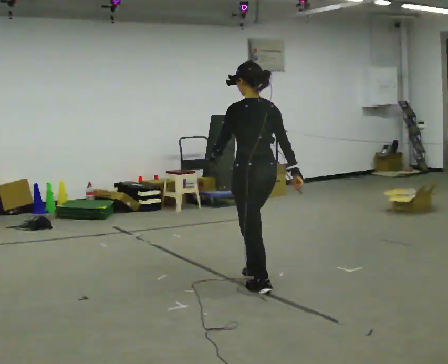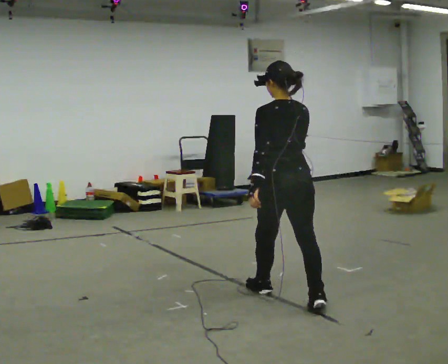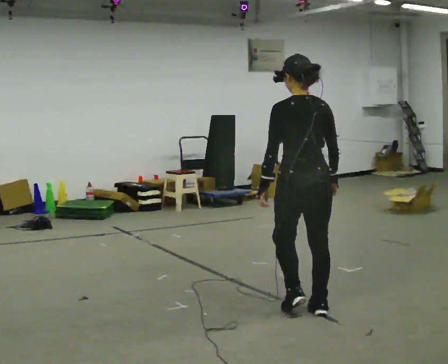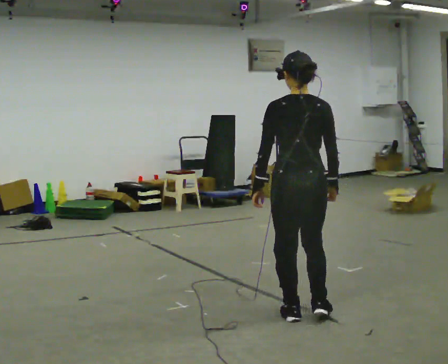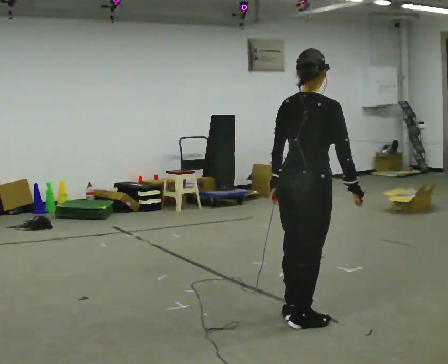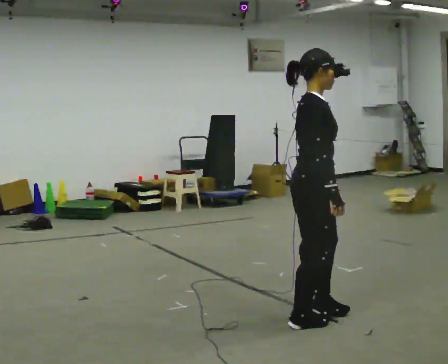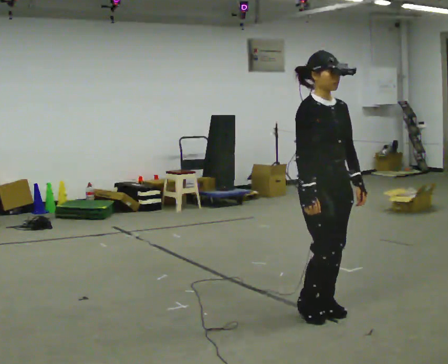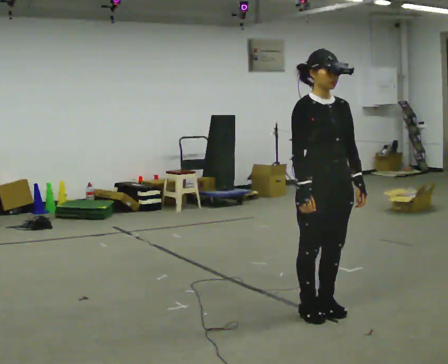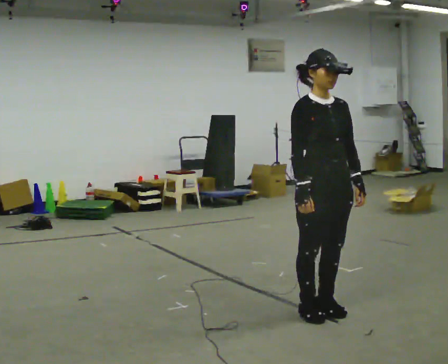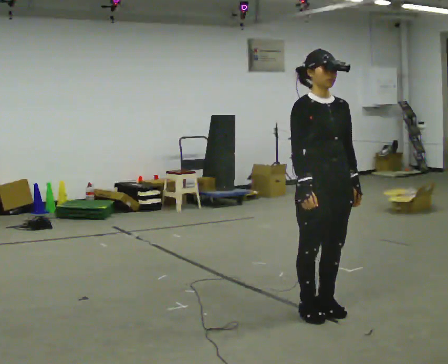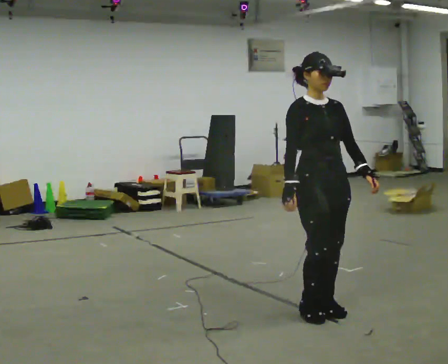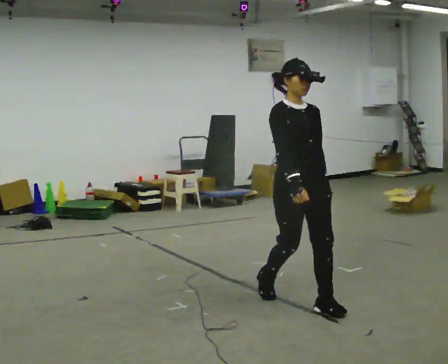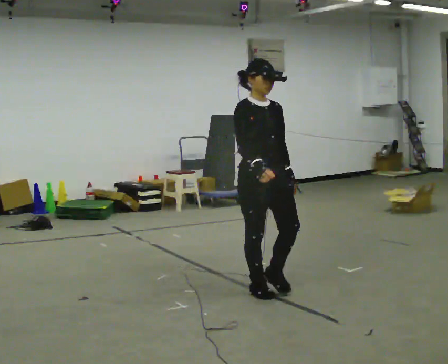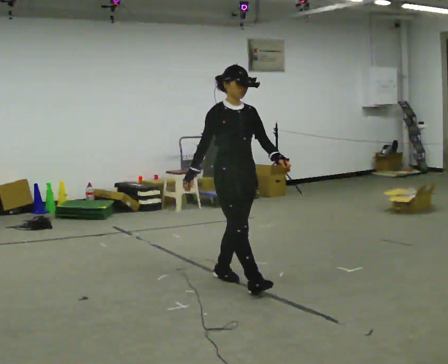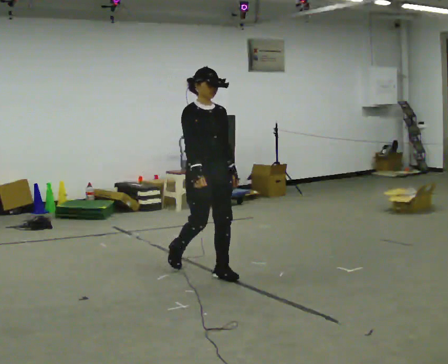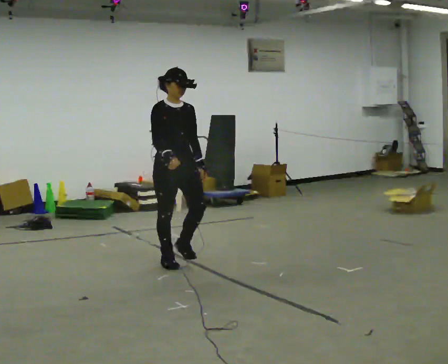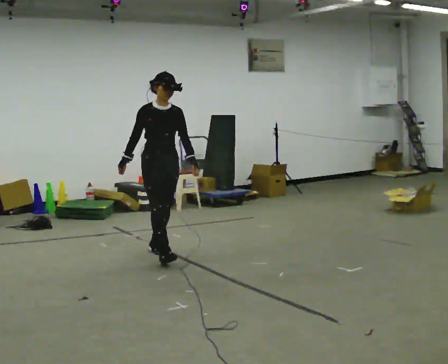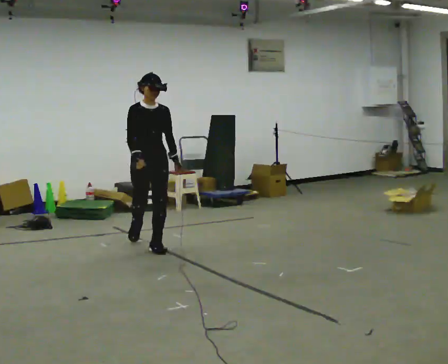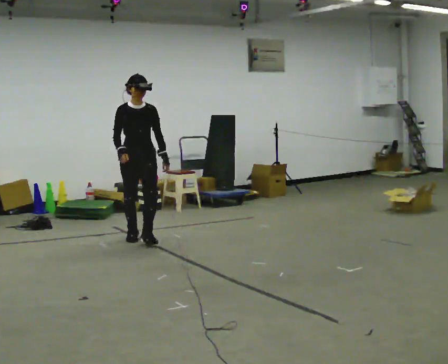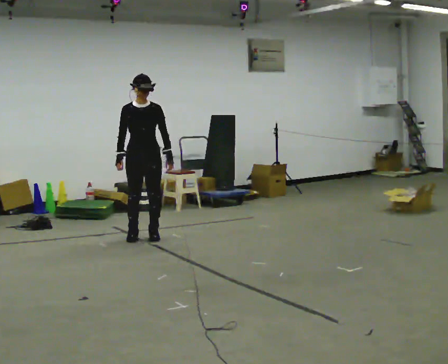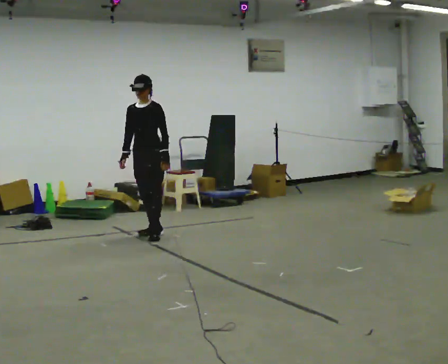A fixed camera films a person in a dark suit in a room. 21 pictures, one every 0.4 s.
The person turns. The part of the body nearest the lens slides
to the left.
The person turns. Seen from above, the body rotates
clockwise.
0.0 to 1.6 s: Seen from above the body turns clockwise, about 75 degrees: to their right, with its near side sliding to the left. In the picture they go toward the camera and to the right, about 1 m in 2 steps.
1.6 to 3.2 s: The person turns about 120 degrees to their right, clockwise seen from above, so the part of the body nearest the lens slides to the left. In the picture their left hand goes to the right, the arm swinging counterclockwise.
3.2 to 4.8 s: In the picture they go away from the camera and to the left, about 0.5 m in 2 steps, which for them is backward.
4.8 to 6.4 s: In the picture they go away from the camera and to the left, about 1.5 m in 3 steps, which for them is backward.
6.4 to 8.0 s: Seen from above the body turns clockwise, about 60 degrees: to their right, with its near side sliding to the left. In the picture they go away from the camera, about 1 m in 2 steps, which for them is backward.
The film runs backward here.
